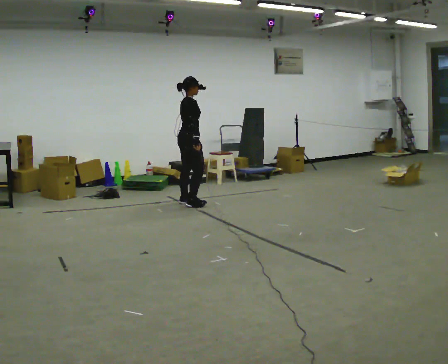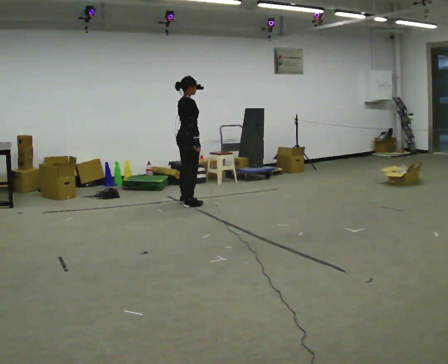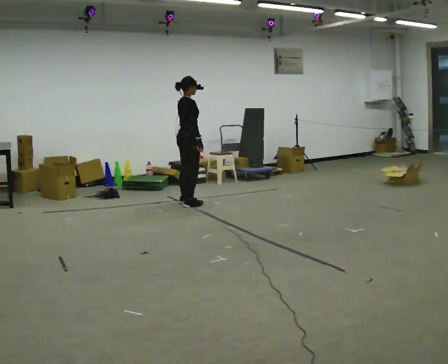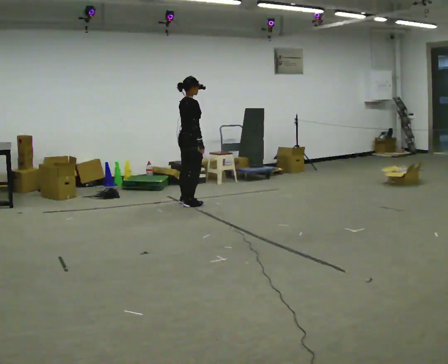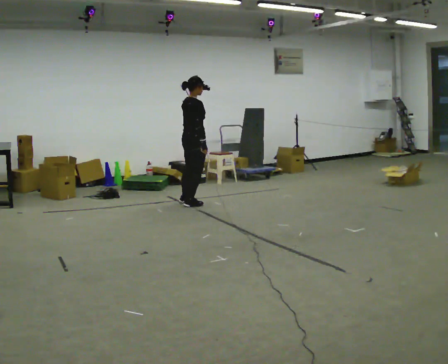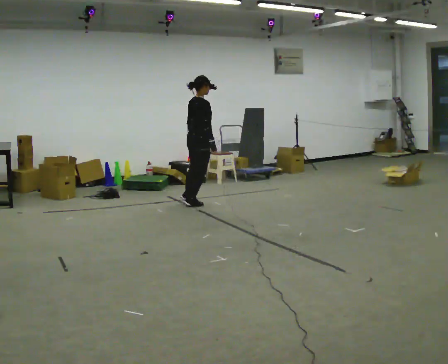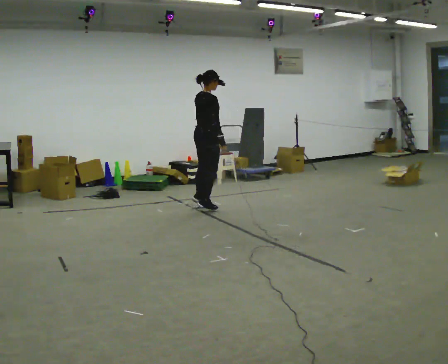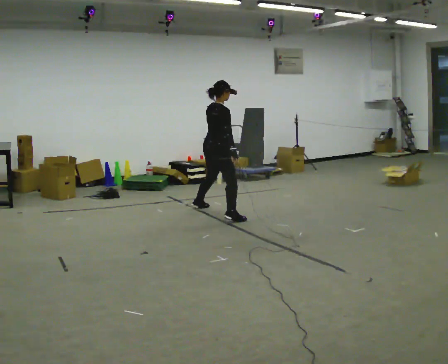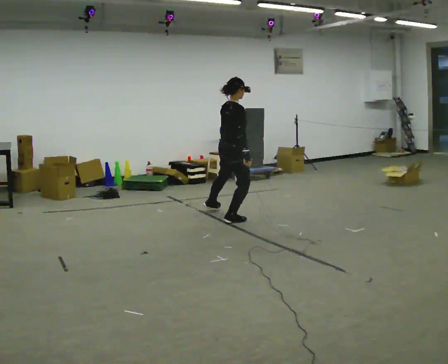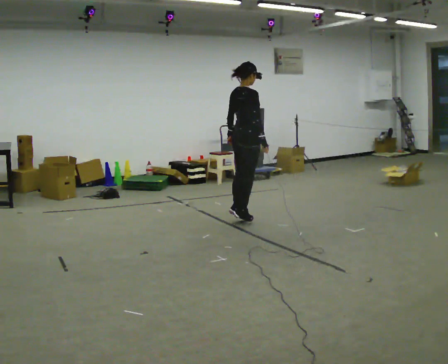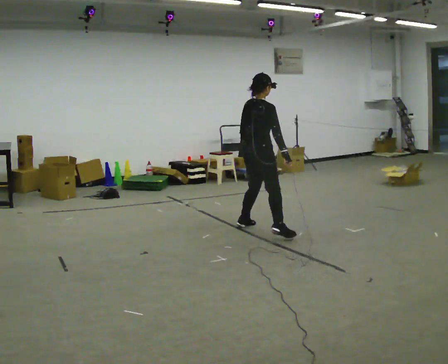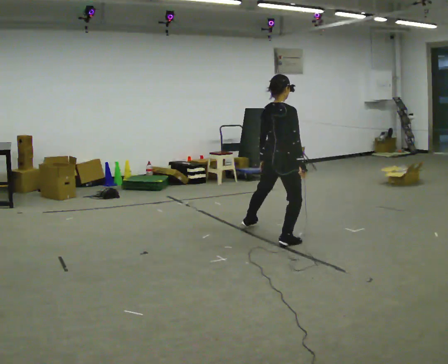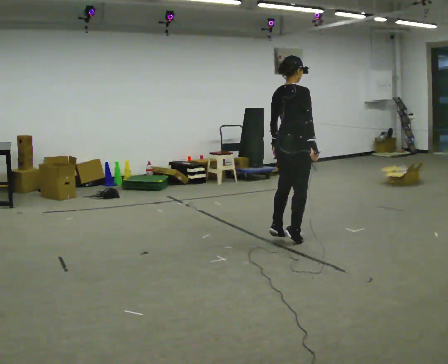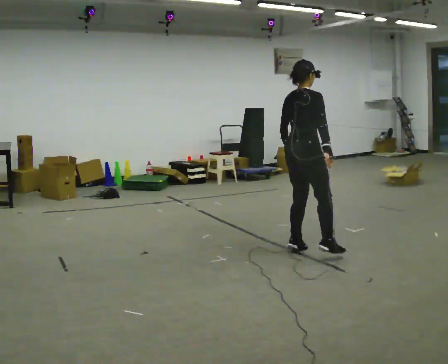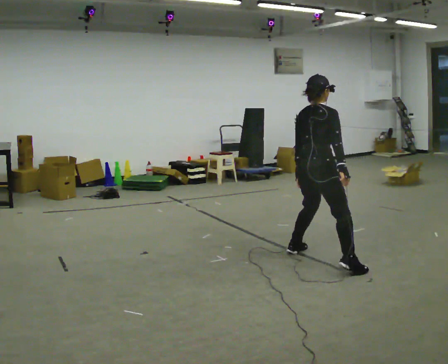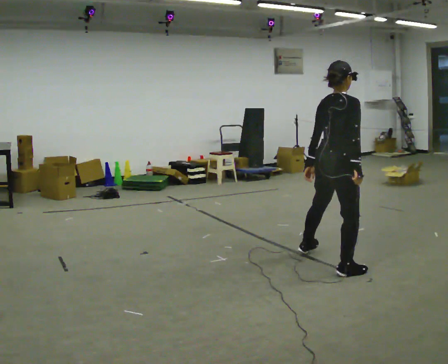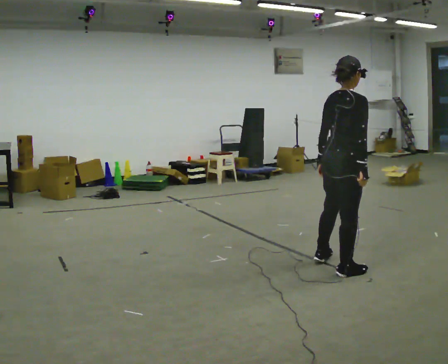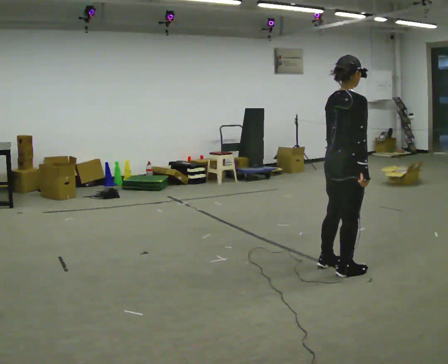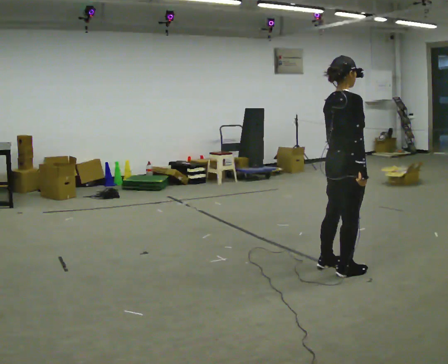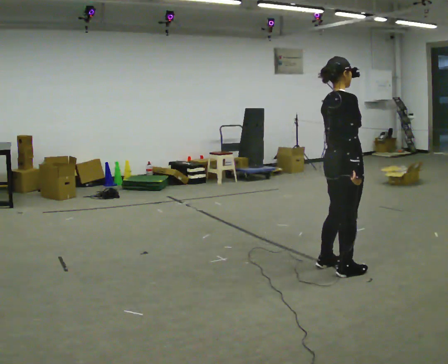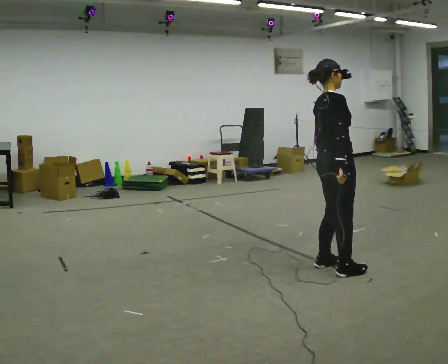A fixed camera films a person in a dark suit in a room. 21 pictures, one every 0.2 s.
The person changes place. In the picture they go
toward the camera.
0.0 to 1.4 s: In the picture they go toward the camera and to the right, about 0.5 m in 3 steps, which for them is to their right.
1.4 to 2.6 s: In the picture they go toward the camera and to the right, about 1.5 m in 3 steps, which for them is to their right.
2.6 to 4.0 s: In the picture they go toward the camera and to the right, about 0.5 m in 1 step, which for them is to their right.
The film runs backward here.
